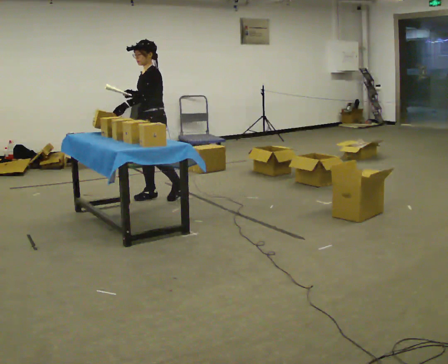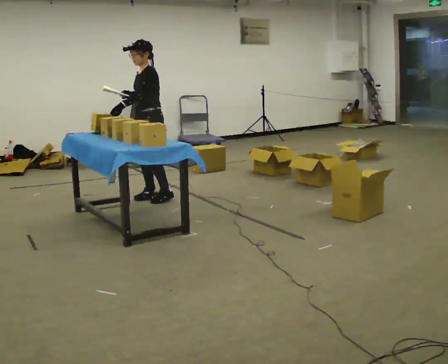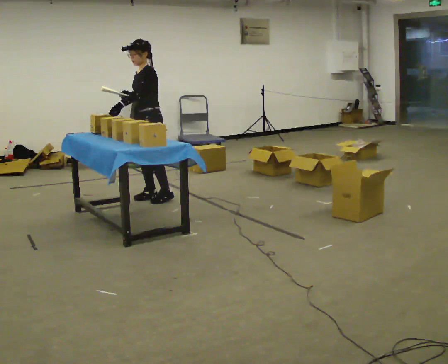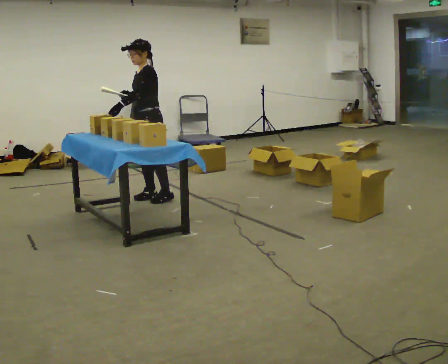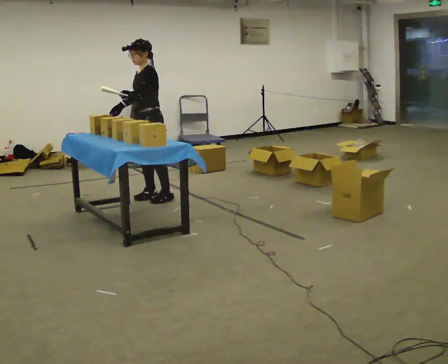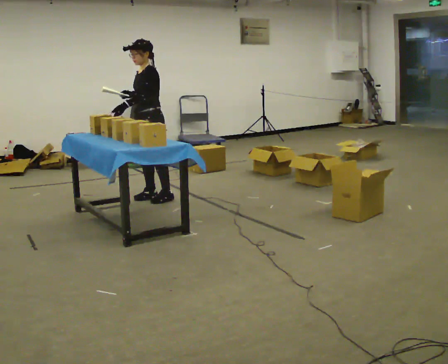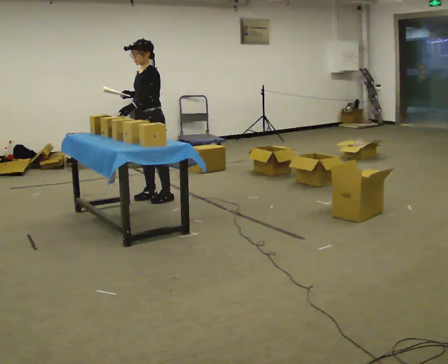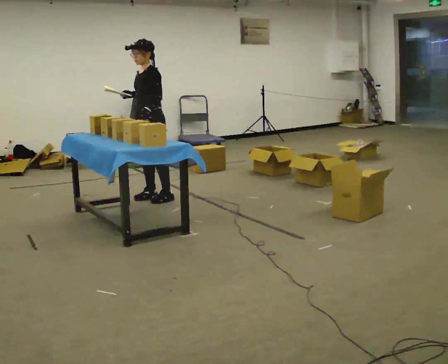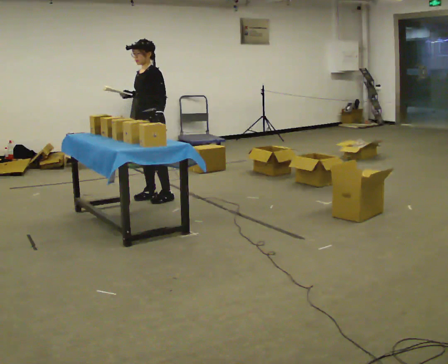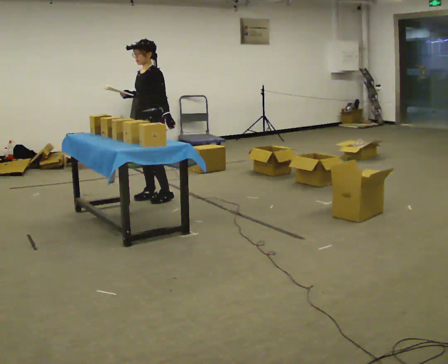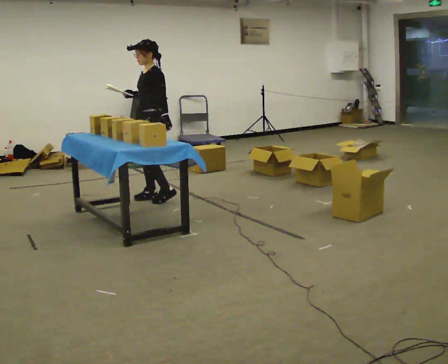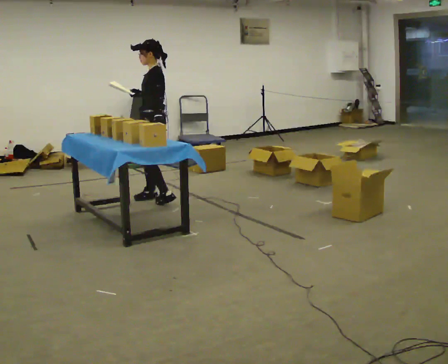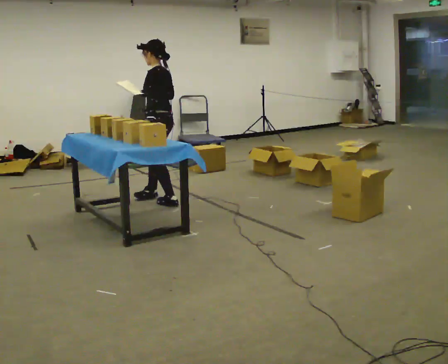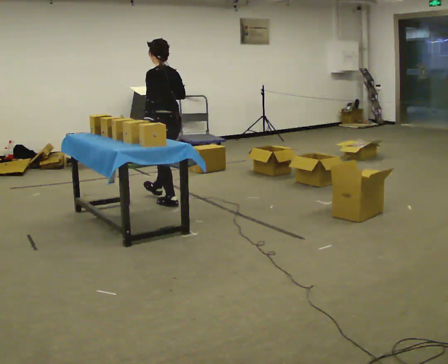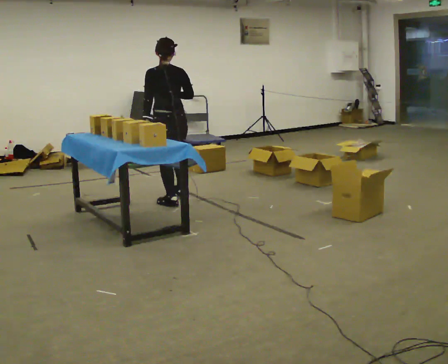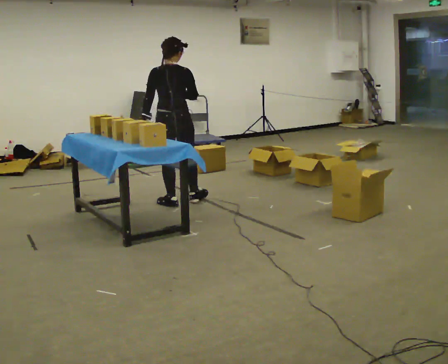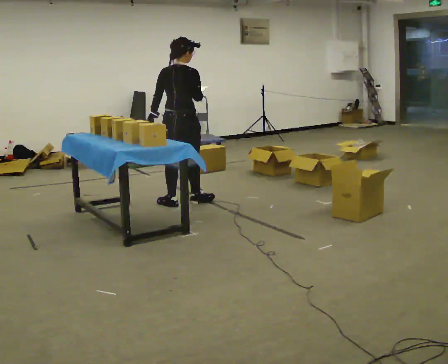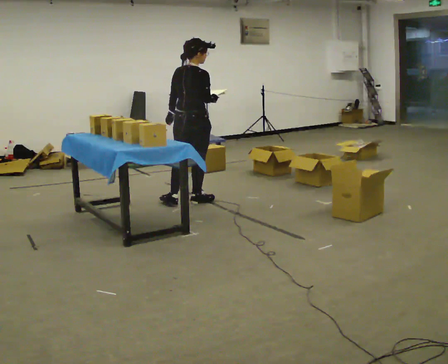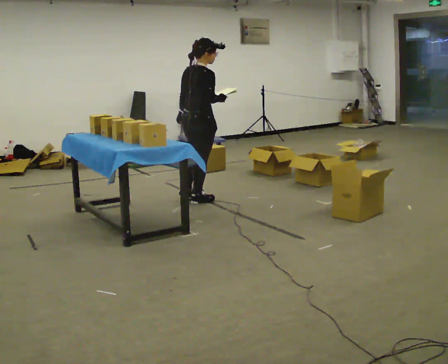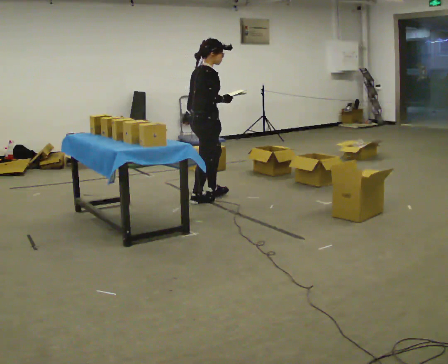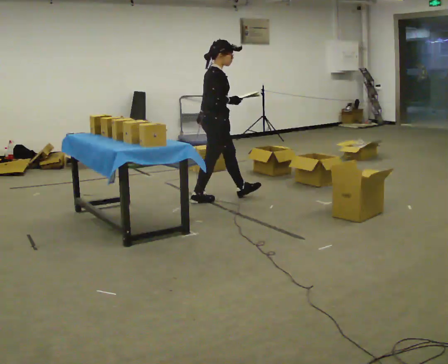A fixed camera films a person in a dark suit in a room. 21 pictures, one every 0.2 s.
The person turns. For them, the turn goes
to their right.
The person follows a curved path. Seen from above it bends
counterclockwise.
0.0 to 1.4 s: The person moves a little, or ends about where they began.
1.4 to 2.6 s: The part of the body nearest the lens slides to the left as the person turns to their right by about 75 degrees. In the picture they go toward the camera, about 0.25 m in 1 step.
2.6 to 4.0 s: The person turns about 135 degrees to their right, clockwise seen from above, so the part of the body nearest the lens slides to the left. In the picture they go to the right, about 0.5 m in 1 step.
The film runs forward here.
